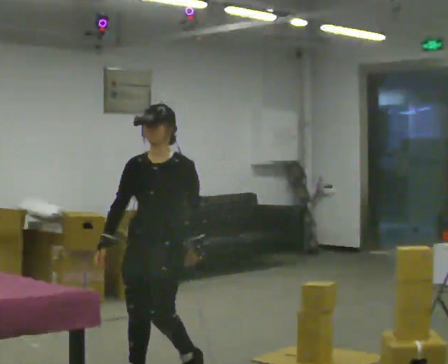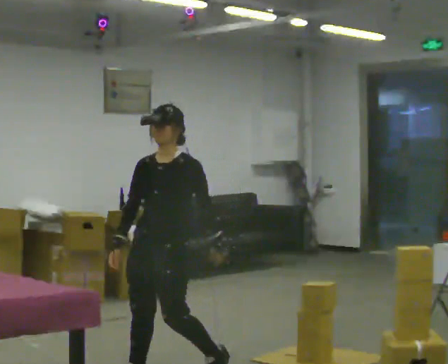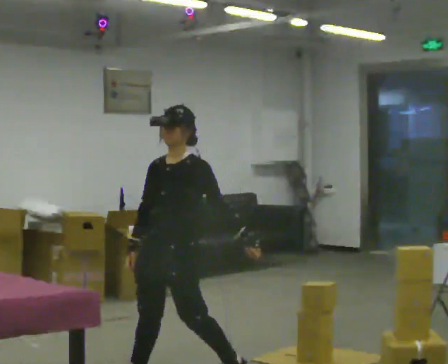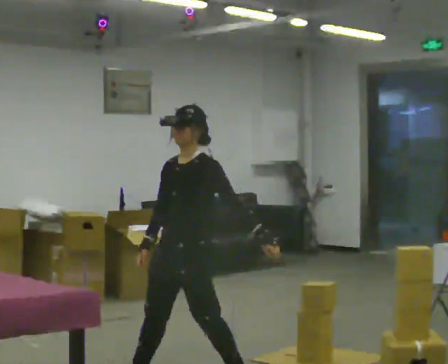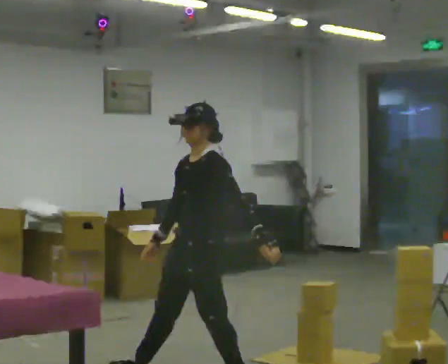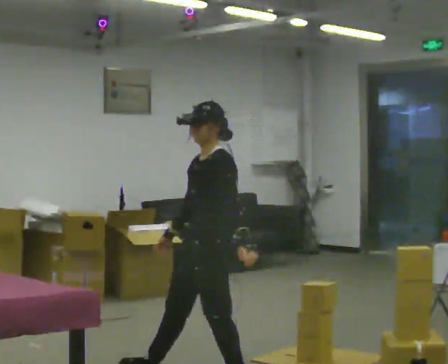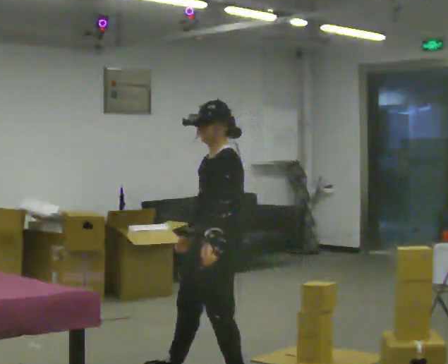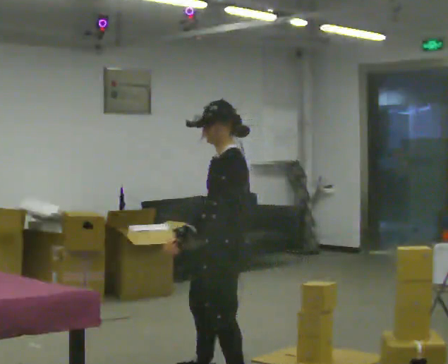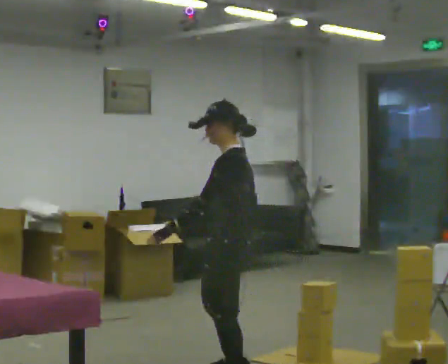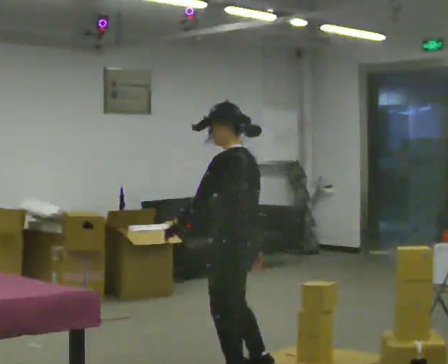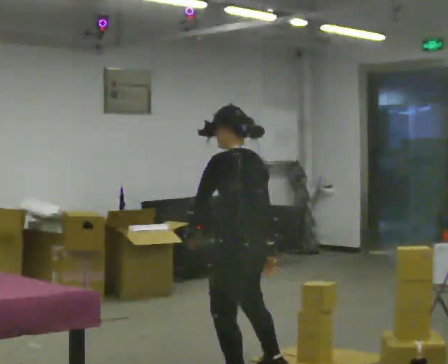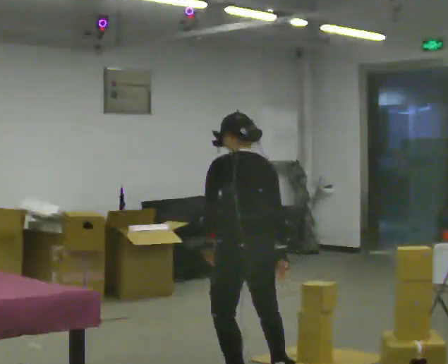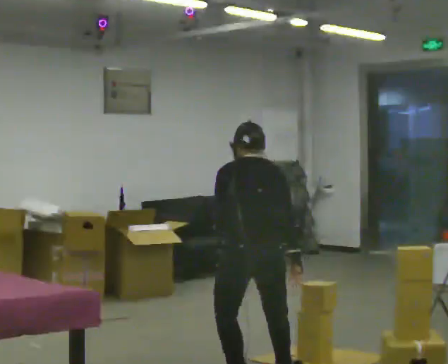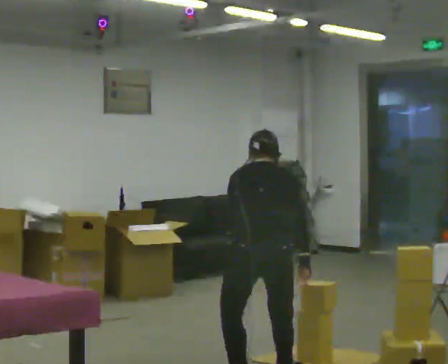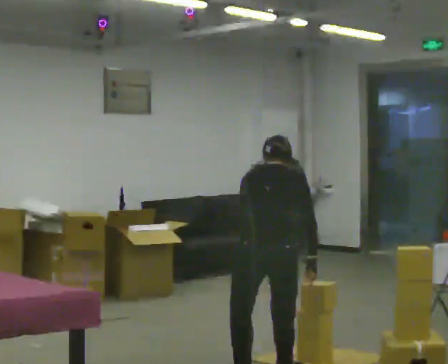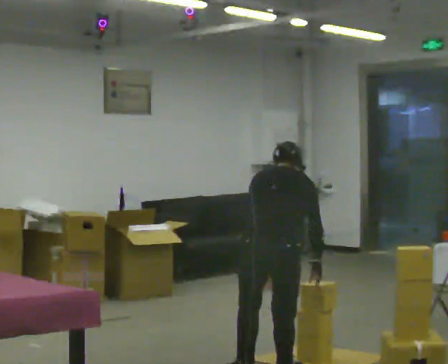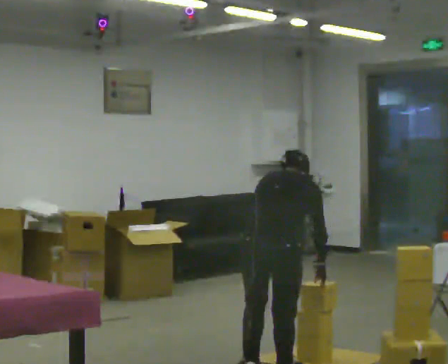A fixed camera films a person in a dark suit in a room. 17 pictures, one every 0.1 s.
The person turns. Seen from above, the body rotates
clockwise.
Their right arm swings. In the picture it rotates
counterclockwise.
0.0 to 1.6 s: Seen from above the body turns clockwise, about 180 degrees: to their right, with its near side sliding to the left. In the picture they go to the right, about 0.75 m in 2 steps. The upper body tips away from the camera, its near side rolling upward, as they bend forward.
The film runs backward here.
